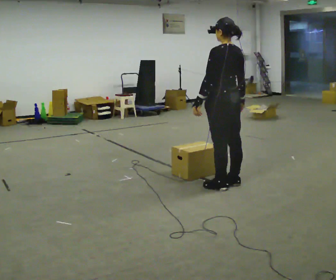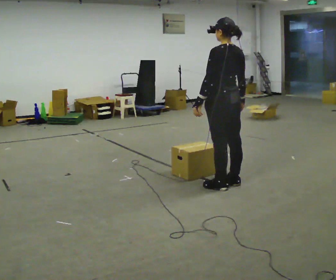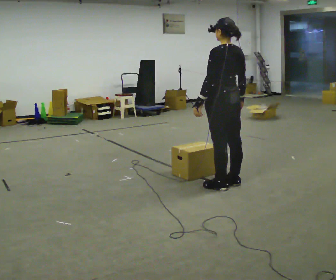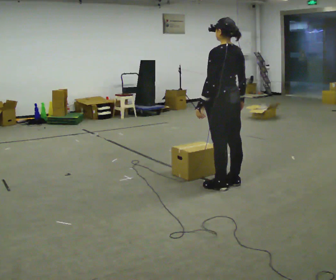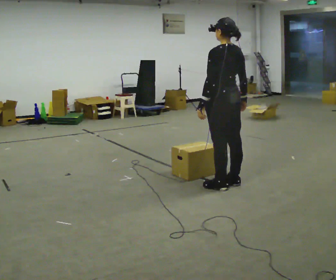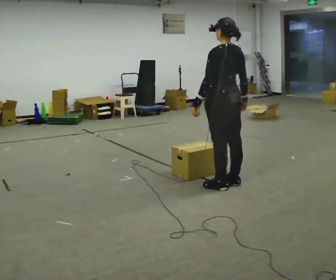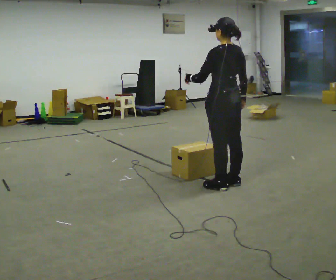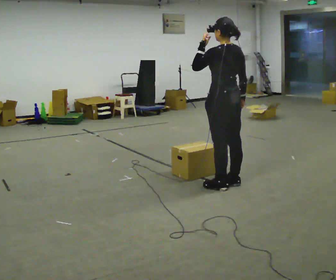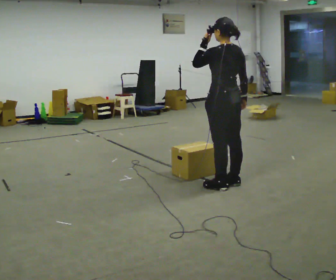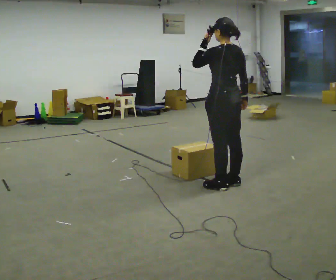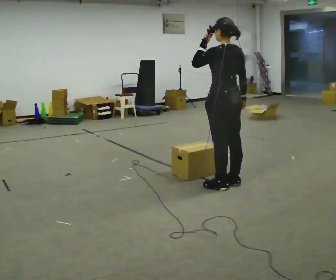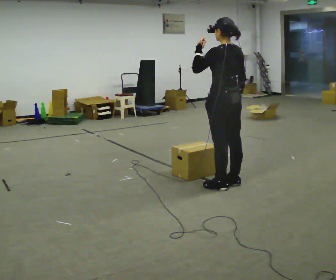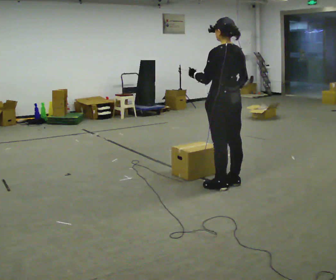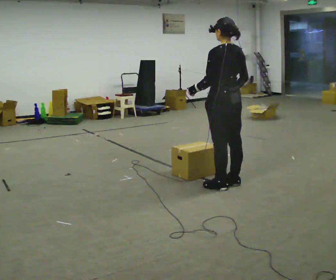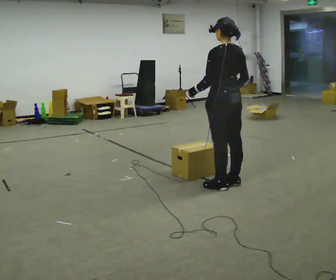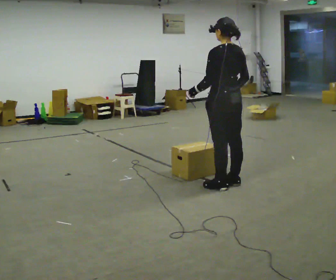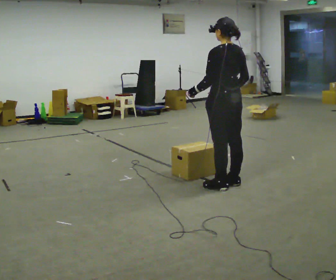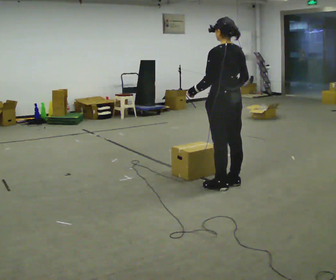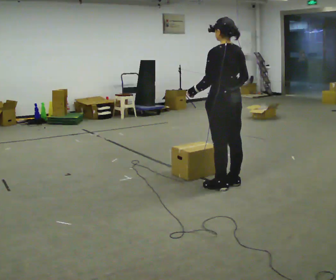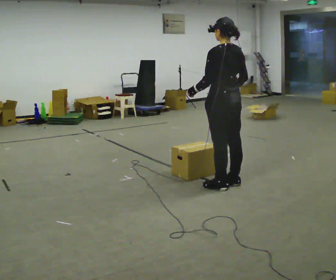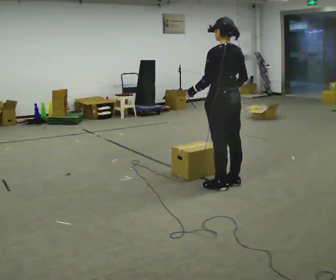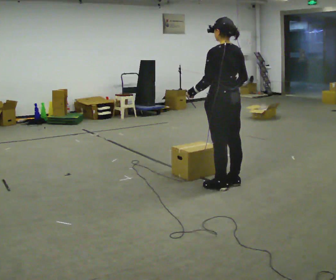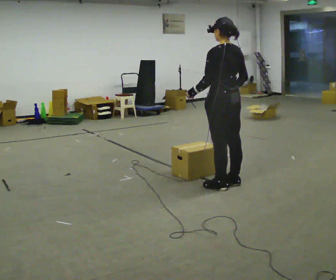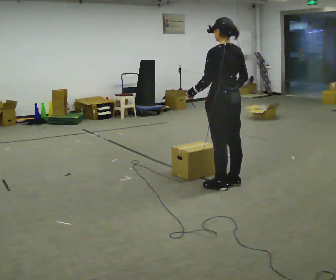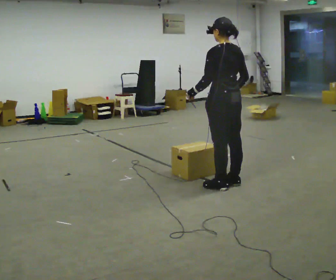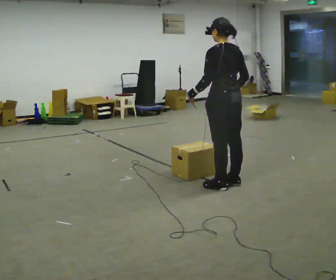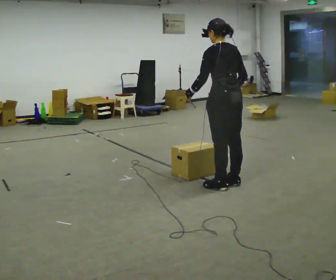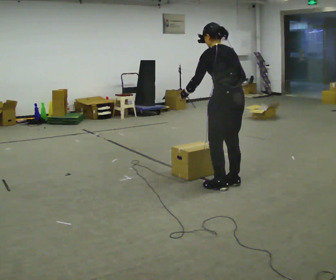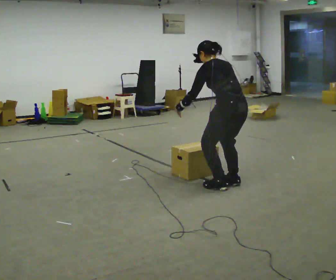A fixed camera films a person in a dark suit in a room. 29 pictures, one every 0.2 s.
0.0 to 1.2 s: The person moves a little, or ends about where they began.
1.2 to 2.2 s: In the picture their left hand goes upward.
2.2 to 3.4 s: In the picture their left hand goes downward.
3.4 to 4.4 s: The person keeps their place and pose.
4.4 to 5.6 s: In the picture the upper body tilts counterclockwise, shoulders to the left, as they bend forward.
The film runs backward here.
